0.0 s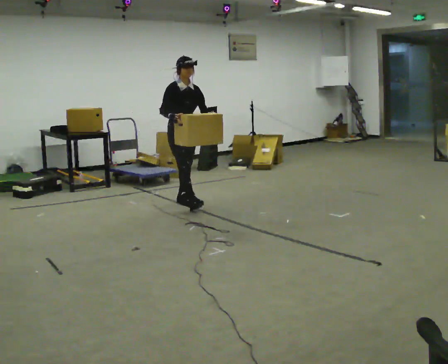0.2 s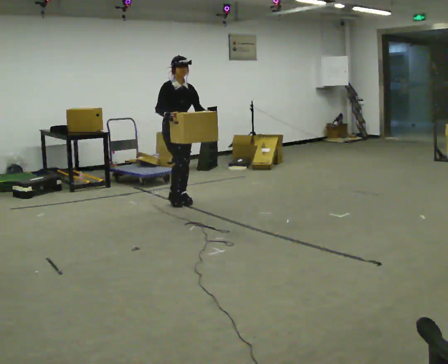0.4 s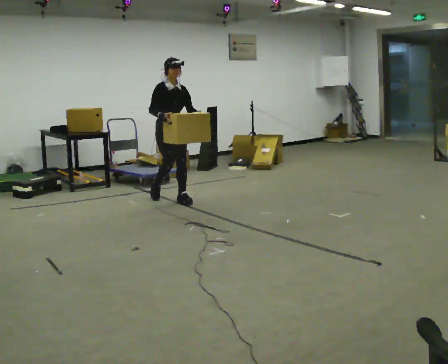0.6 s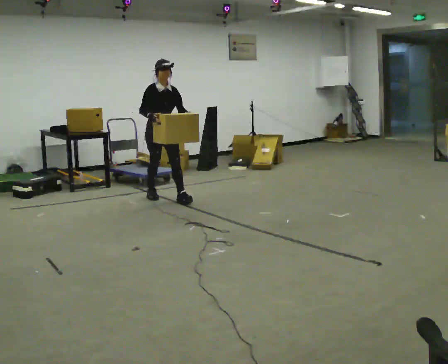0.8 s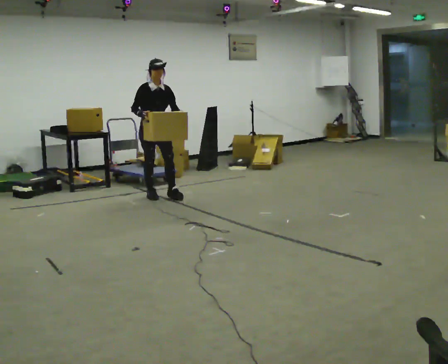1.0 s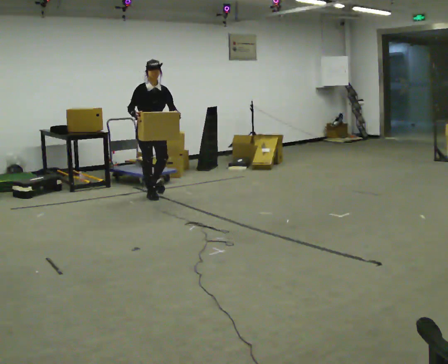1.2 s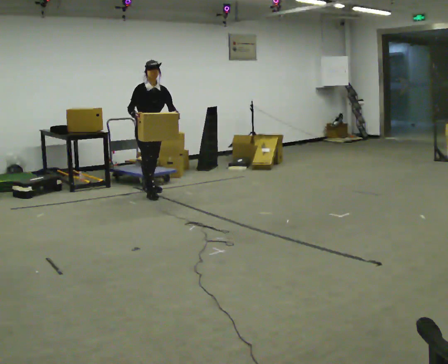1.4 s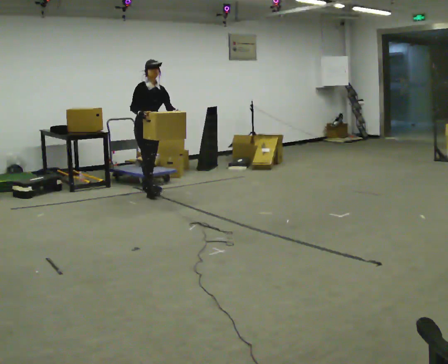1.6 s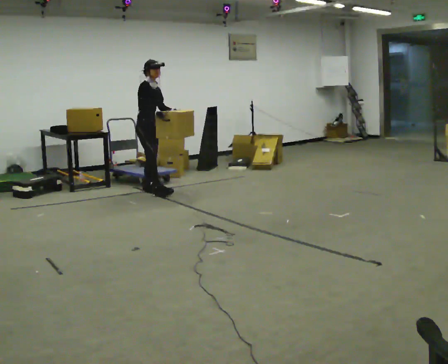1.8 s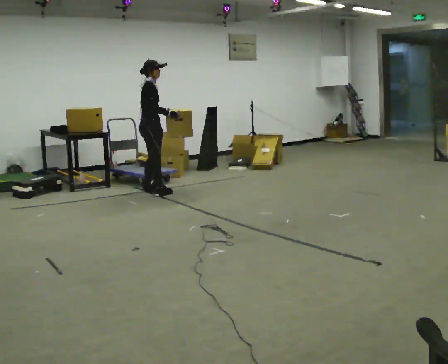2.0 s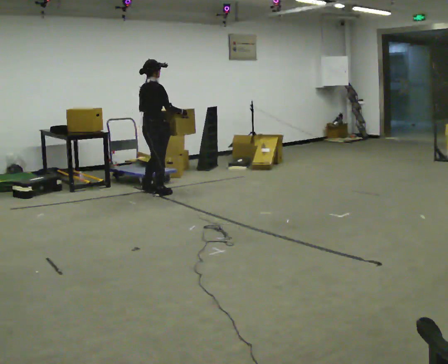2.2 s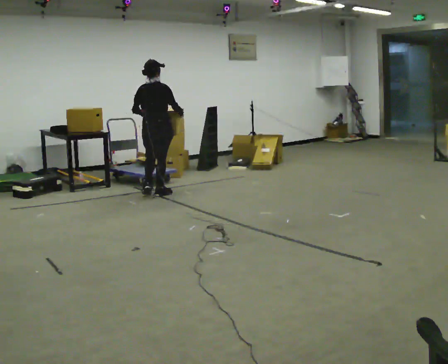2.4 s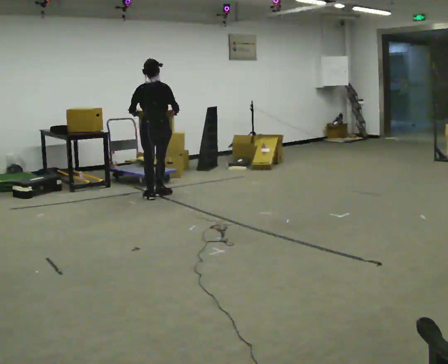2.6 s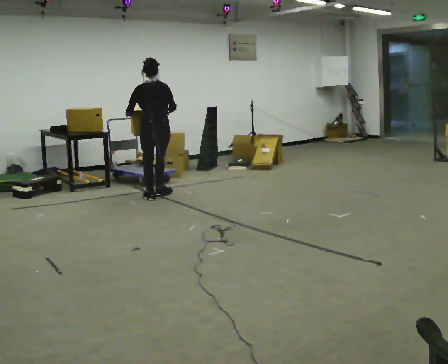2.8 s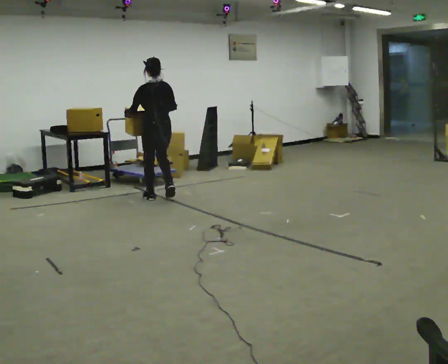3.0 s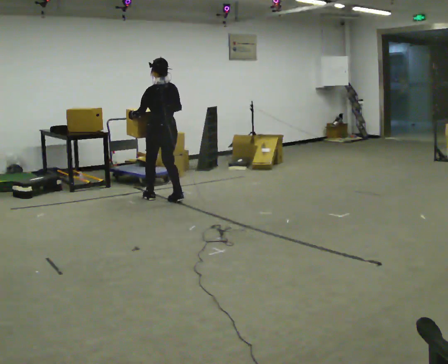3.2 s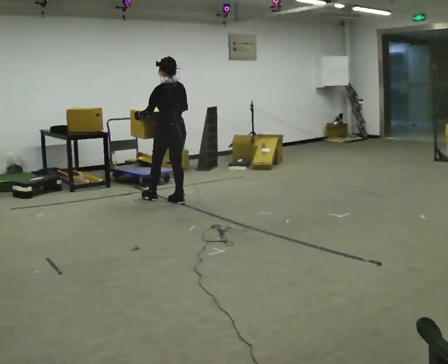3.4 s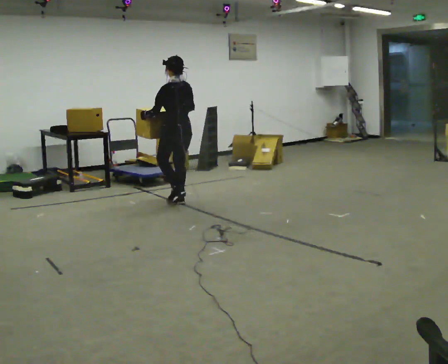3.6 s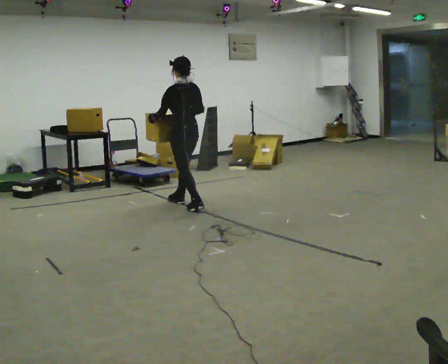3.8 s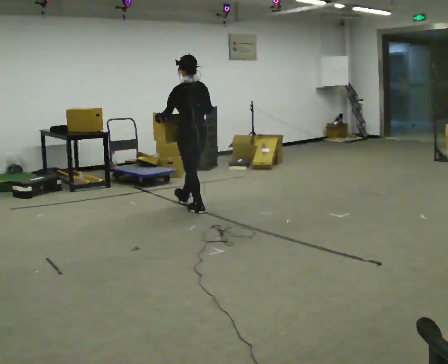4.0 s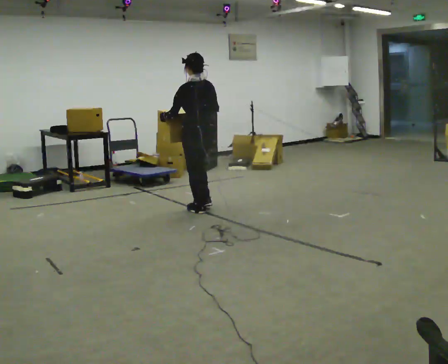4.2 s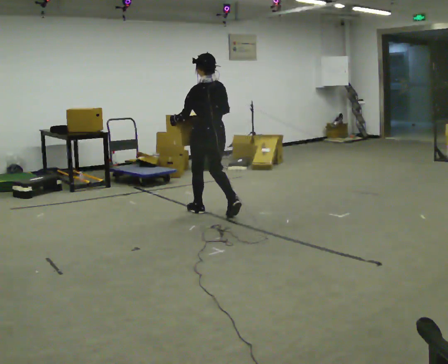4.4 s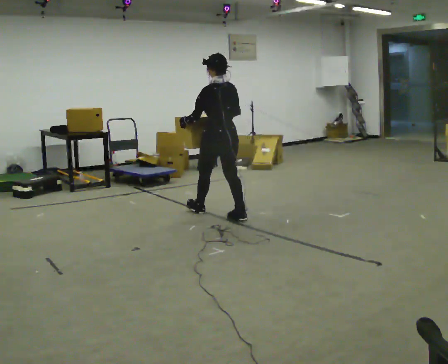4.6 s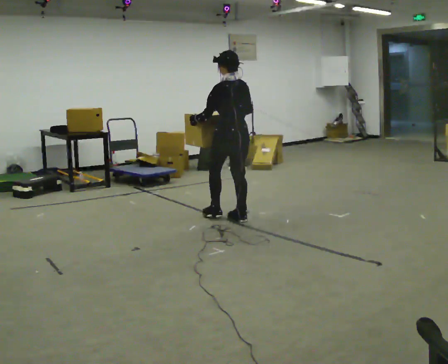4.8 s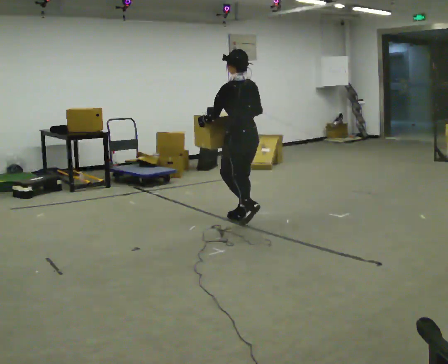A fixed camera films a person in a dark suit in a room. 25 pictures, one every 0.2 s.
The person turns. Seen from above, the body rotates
counterclockwise.
The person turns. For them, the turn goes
to their left.
0.0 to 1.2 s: In the picture they go away from the camera and to the left, about 0.75 m in 1 step, which for them is backward.
1.2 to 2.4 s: The person turns about 150 degrees to their left, counterclockwise seen from above, so the part of the body nearest the lens slides to the right. In the picture their right hand goes to the right.
2.4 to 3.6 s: The person turns about 45 degrees to their left, counterclockwise seen from above, so the part of the body nearest the lens slides to the right. In the picture they go toward the camera and to the right, about 0.5 m in 2 steps, which for them is backward.
3.6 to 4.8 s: In the picture they go toward the camera and to the right, about 1 m in 2 steps, which for them is backward.
The film runs backward here.
